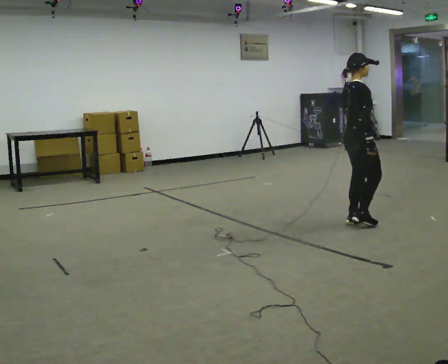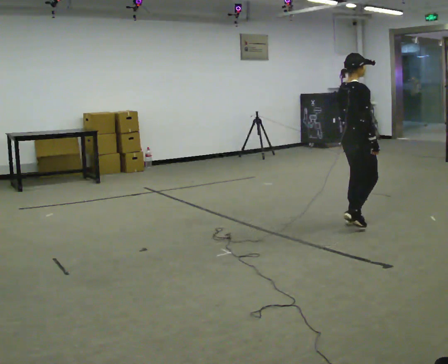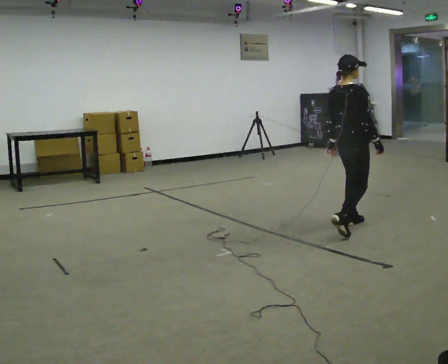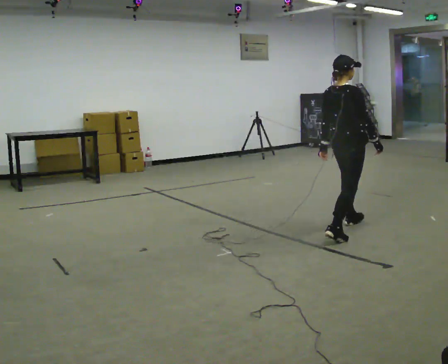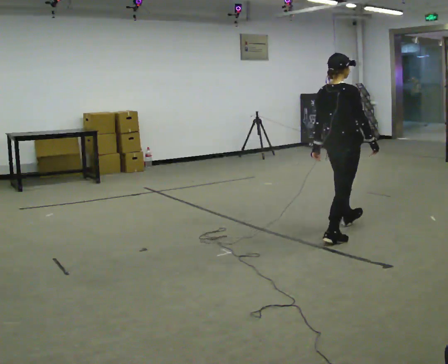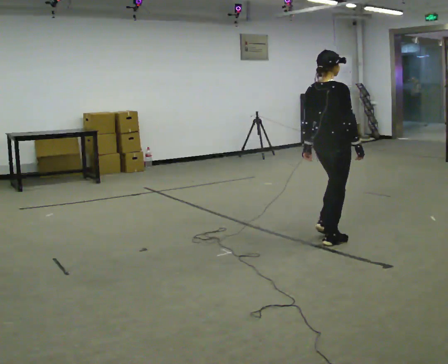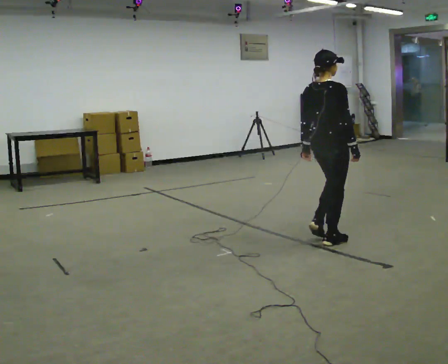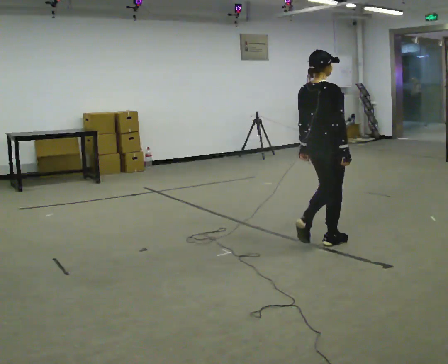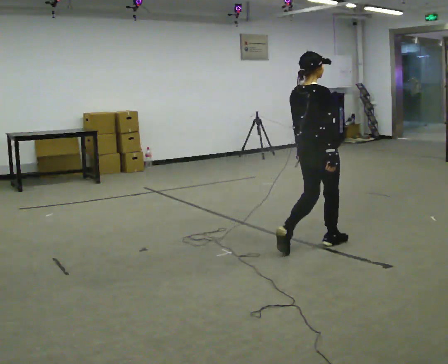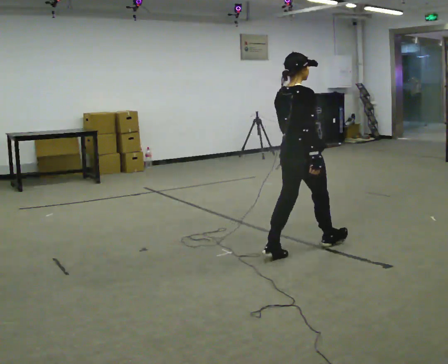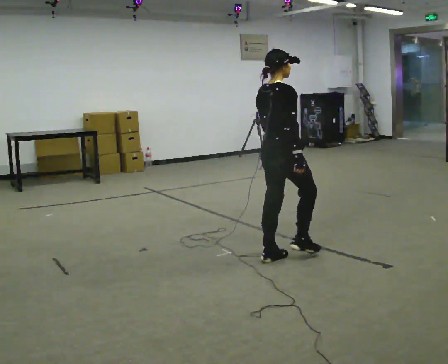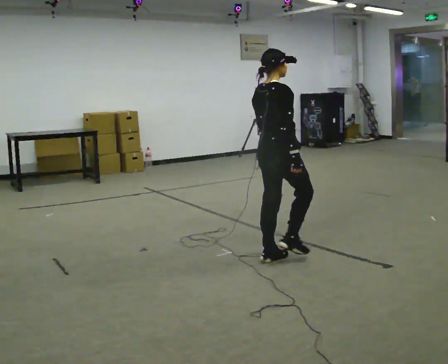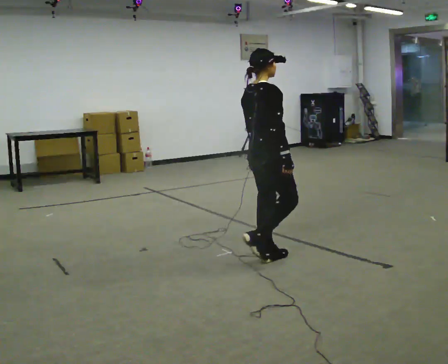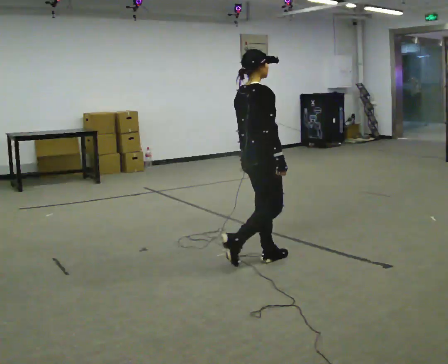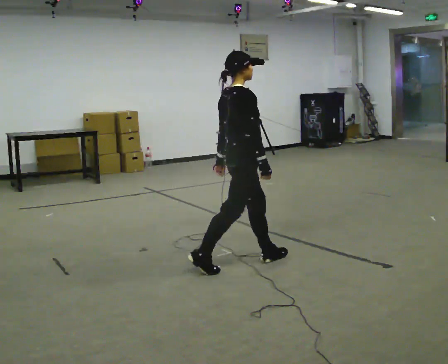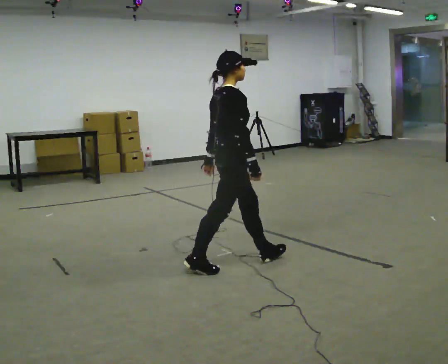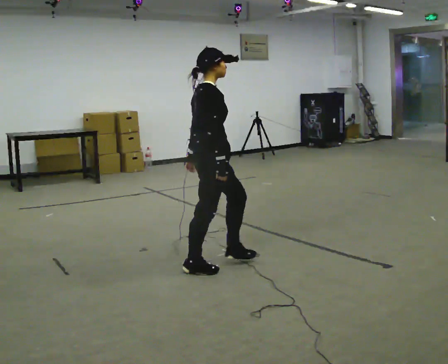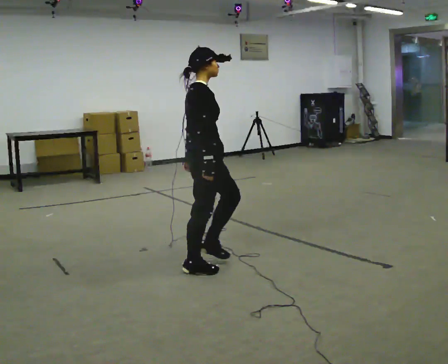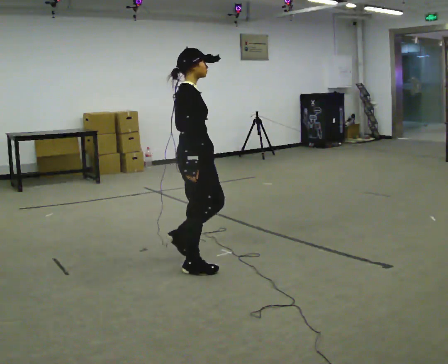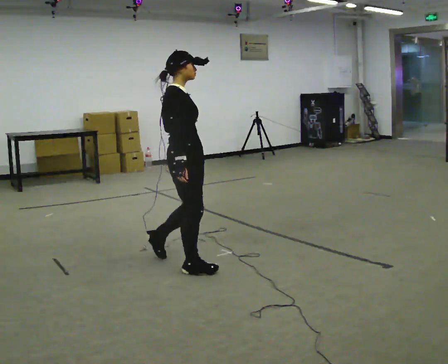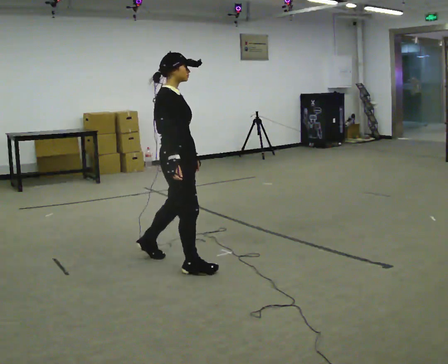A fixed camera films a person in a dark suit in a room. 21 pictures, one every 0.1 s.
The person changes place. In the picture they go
to the left.
0.0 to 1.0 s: In the picture they go toward the camera and to the left, about 1 m in 2 steps, which for them is backward.
1.0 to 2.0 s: The person turns about 45 degrees to their right, clockwise seen from above, so the part of the body nearest the lens slides to the left. In the picture they go to the left, about 1 m in 1 step, which for them is backward.
The film runs backward here.
